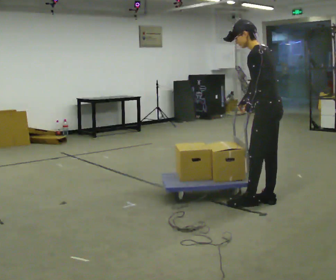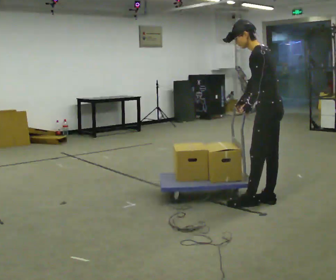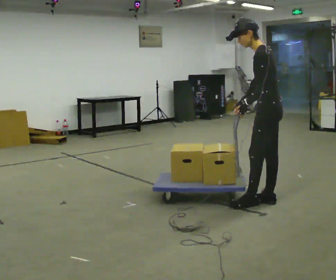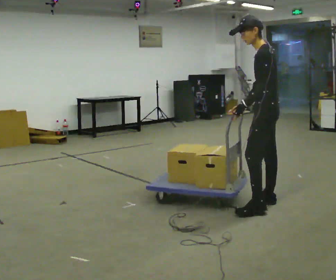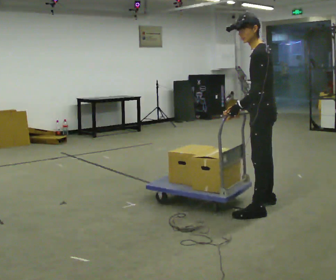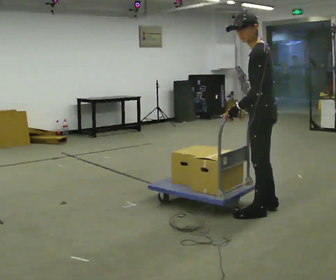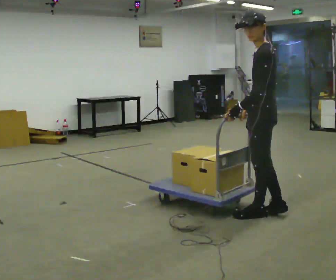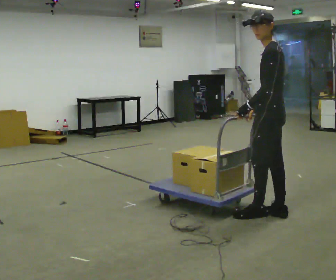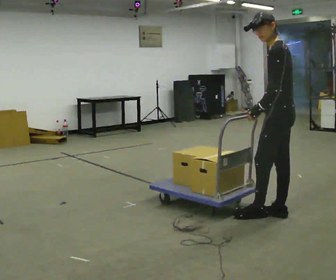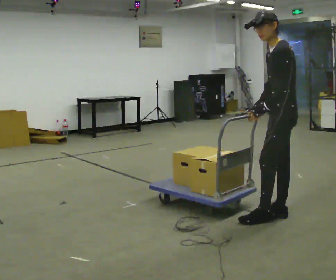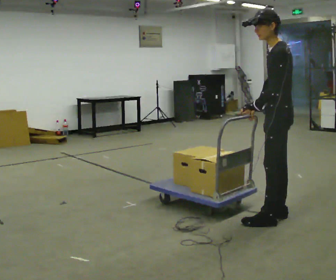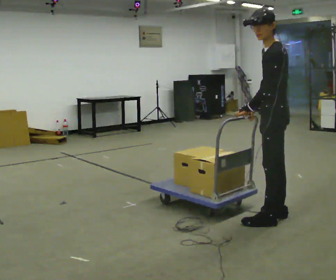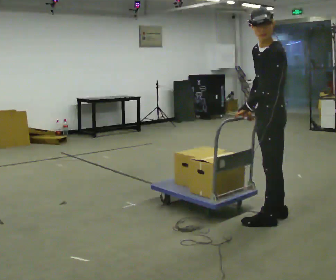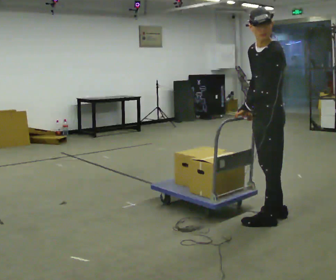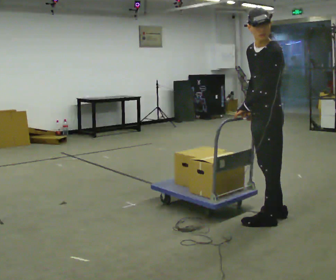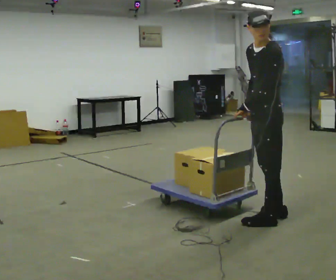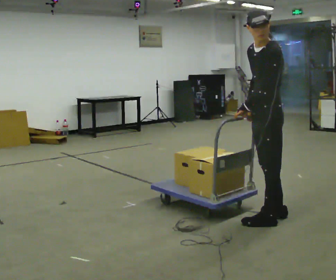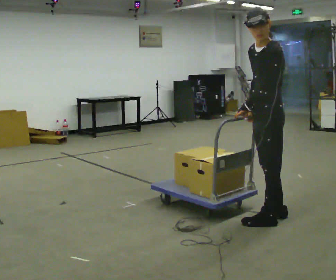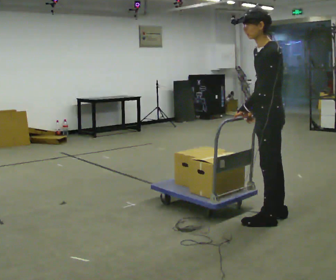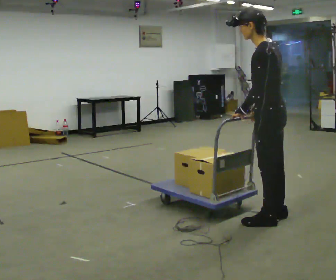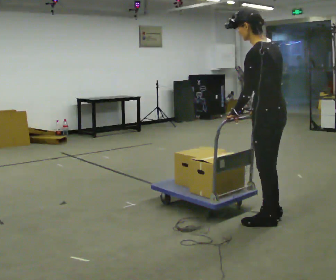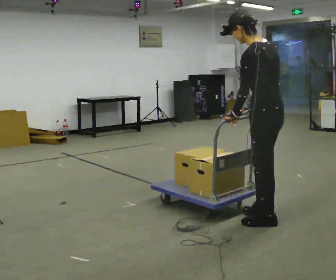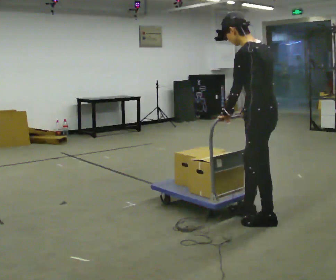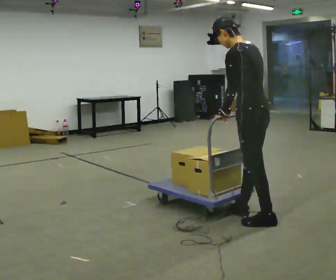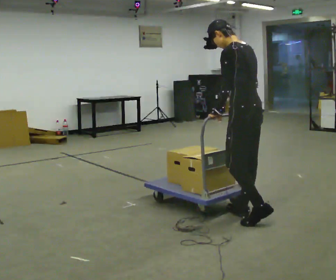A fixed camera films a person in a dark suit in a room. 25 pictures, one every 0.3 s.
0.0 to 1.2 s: In the picture they go toward the camera, about 0.25 m in 1 step, which for them is to their left.
1.2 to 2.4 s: In the picture they go to the right, about 0.25 m in 1 step, which for them is backward and to their left.
2.4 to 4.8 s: Seen from above the body turns counterclockwise, about 30 degrees: to their left, with its near side sliding to the right.
4.8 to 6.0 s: Seen from above the body turns clockwise, about 45 degrees: to their right, with its near side sliding to the left.
6.0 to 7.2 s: In the picture they go to the left and away from the camera, about 0.25 m in 1 step, which for them is forward.
The film runs forward here.
